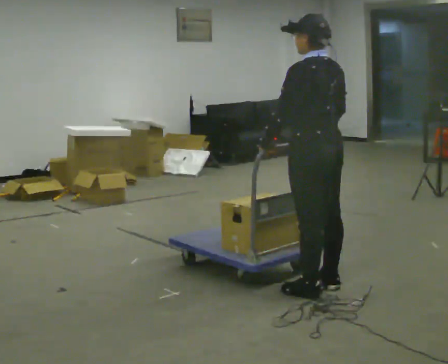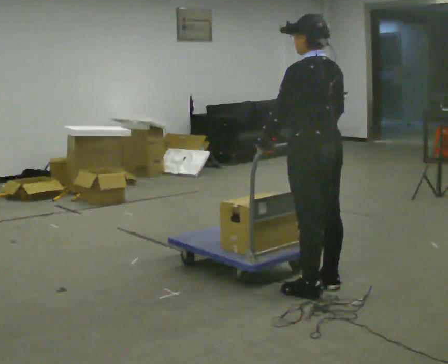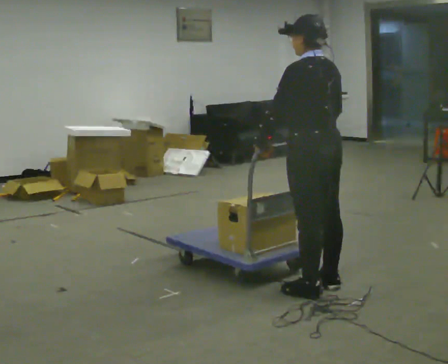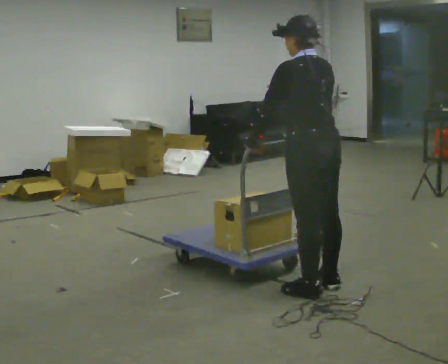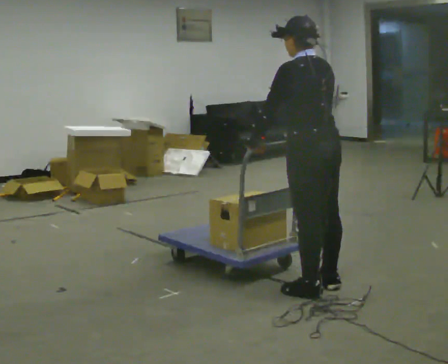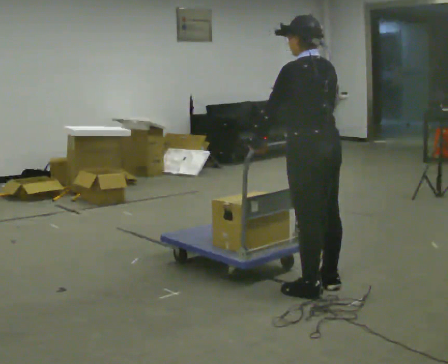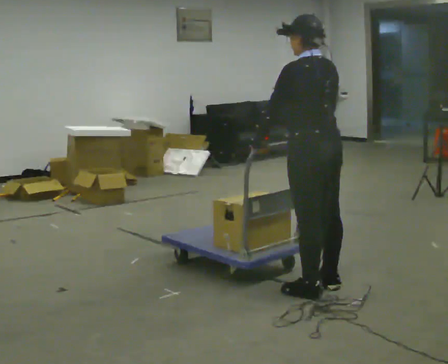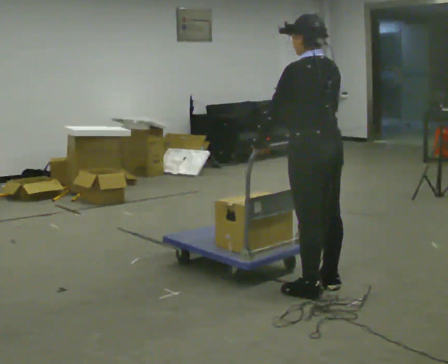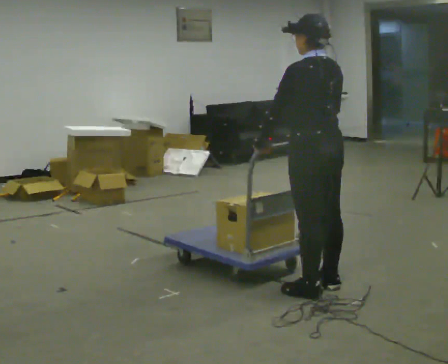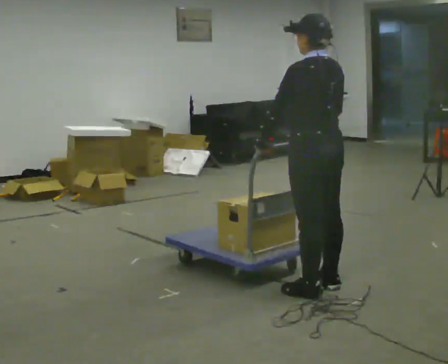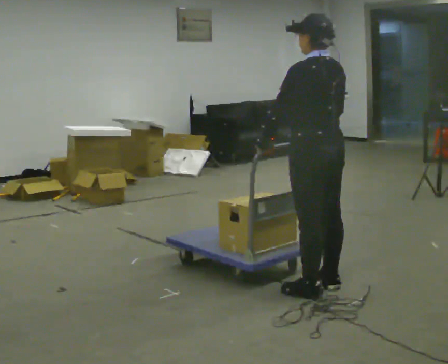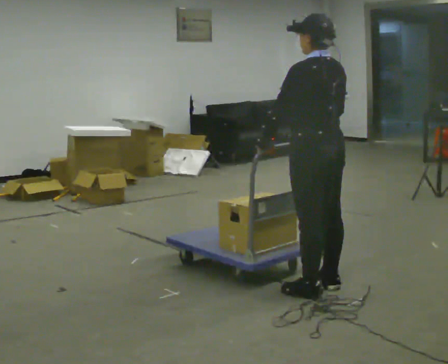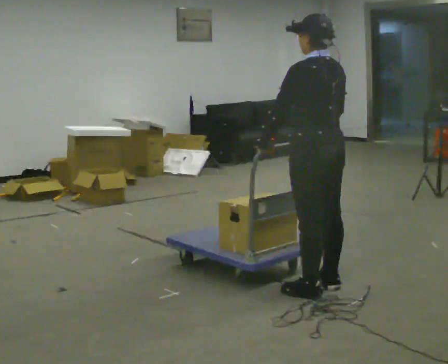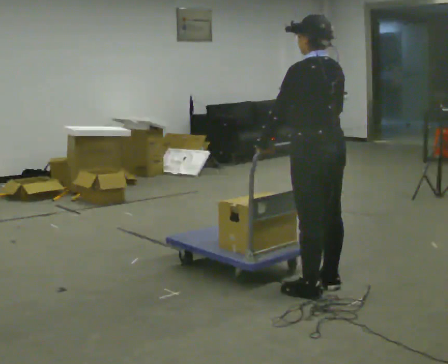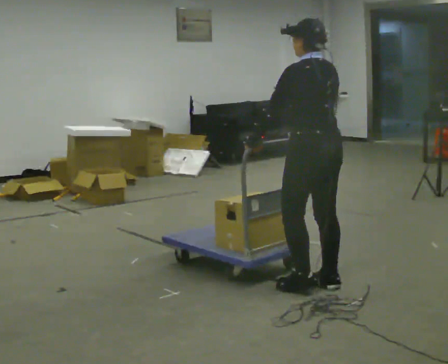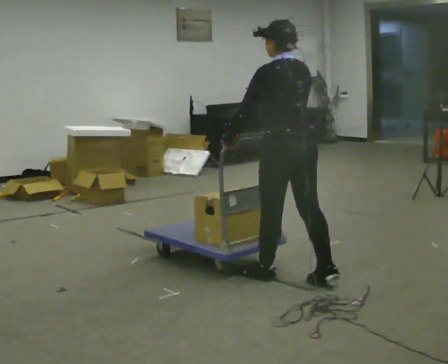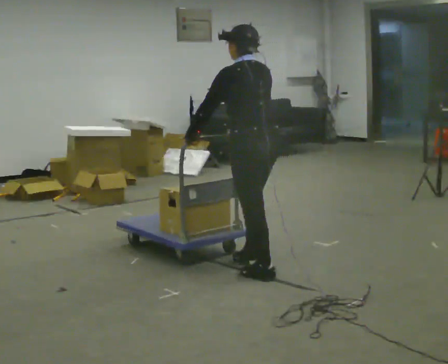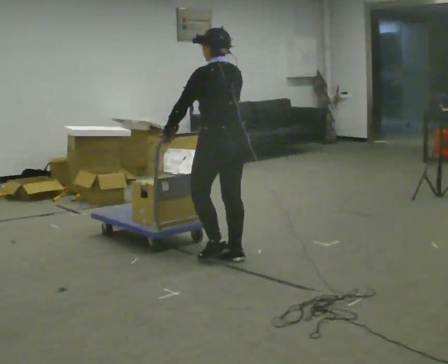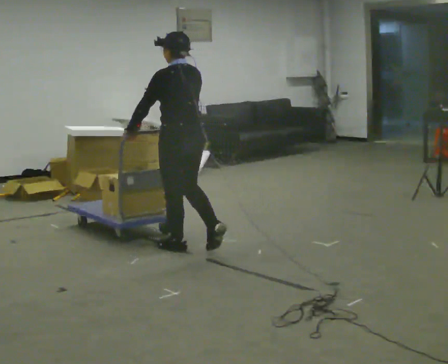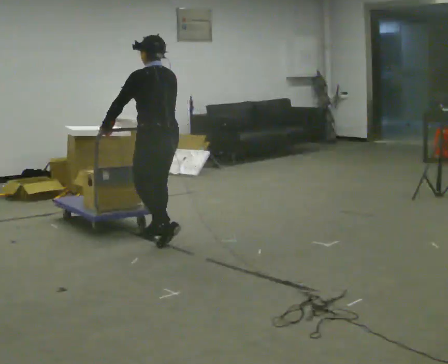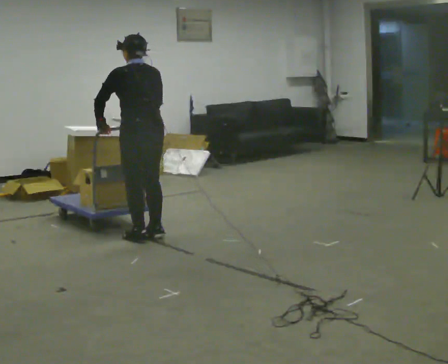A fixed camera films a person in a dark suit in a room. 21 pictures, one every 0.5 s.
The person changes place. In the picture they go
to the left.
0.0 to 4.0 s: The person moves a little, or ends about where they began.
4.0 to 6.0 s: The person keeps their place and pose.
6.0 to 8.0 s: In the picture they go to the left and away from the camera, about 0.5 m in 1 step, which for them is forward.
8.0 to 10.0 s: In the picture they go to the left and away from the camera, about 1 m in 4 steps, which for them is forward.
The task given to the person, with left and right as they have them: Stand still with your hands on the cart. When the operator says go, get it moving, push it a few metres, then bring it to a stop. Repeat until the operator says stop.
The film runs forward here.
